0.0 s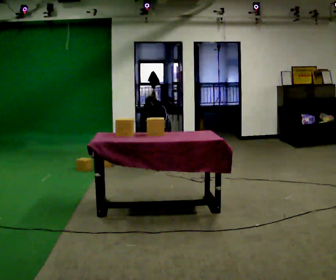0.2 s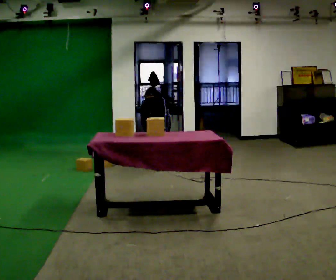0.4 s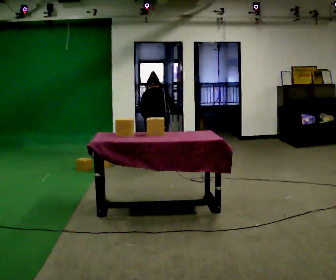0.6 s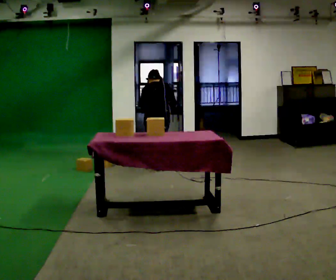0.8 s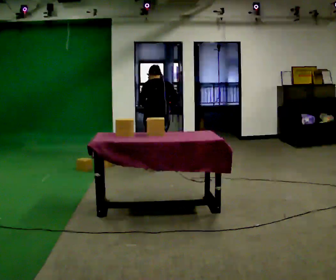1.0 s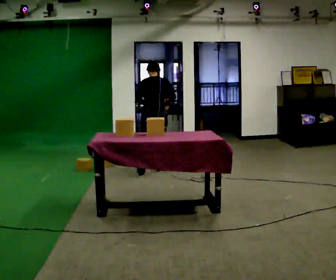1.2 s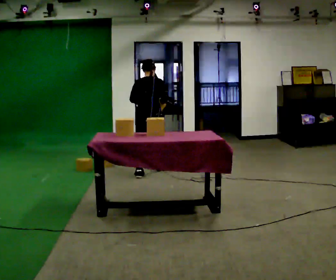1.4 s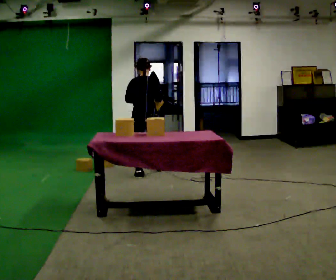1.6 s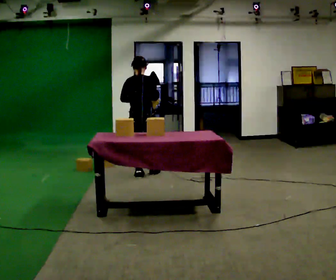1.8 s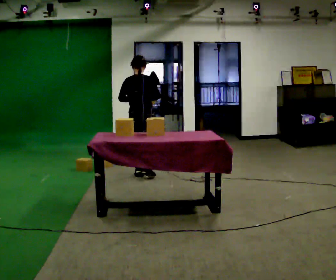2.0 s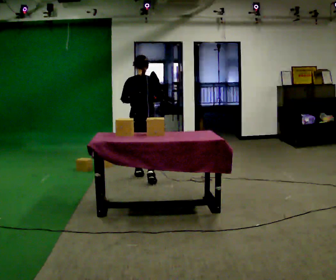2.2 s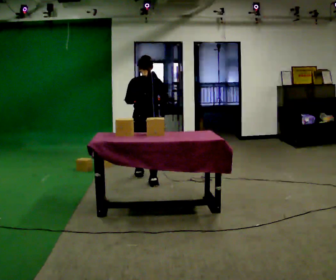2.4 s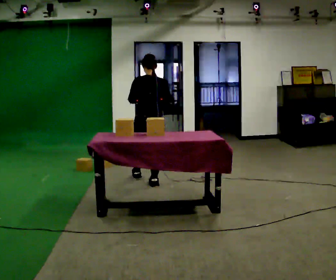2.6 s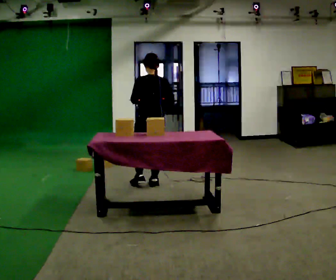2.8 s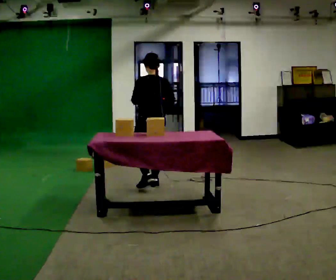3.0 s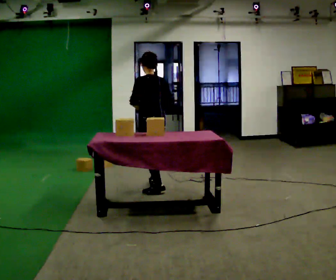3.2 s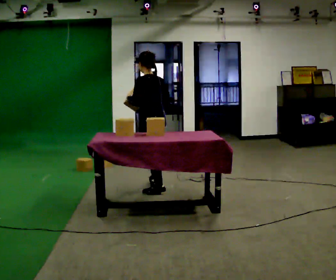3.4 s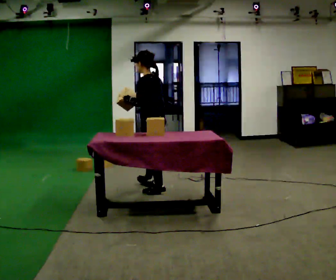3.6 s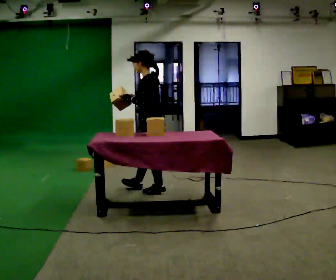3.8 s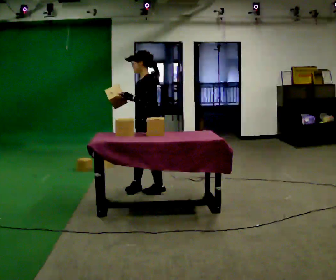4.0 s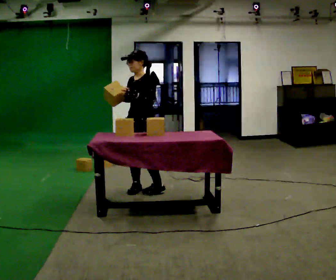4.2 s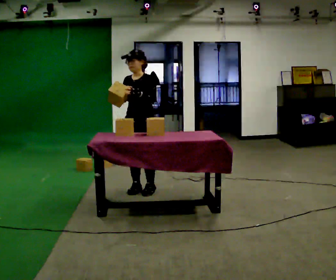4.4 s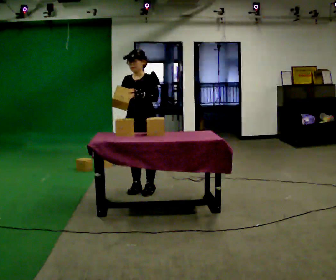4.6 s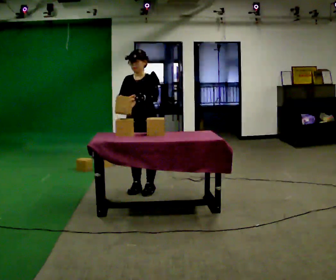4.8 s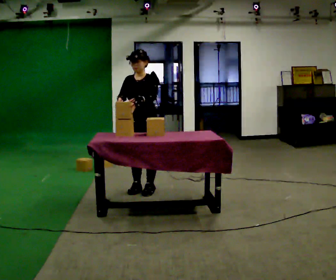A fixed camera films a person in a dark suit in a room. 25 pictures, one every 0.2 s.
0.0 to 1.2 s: The upper body goes upward. The upper body tips toward the camera, its near side rolling downward, as they lean back or straighten. In the picture their right hand goes upward.
1.2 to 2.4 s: In the picture they go toward the camera, about 0.5 m in 2 steps, which for them is backward.
2.4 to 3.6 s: Seen from above the body turns counterclockwise, about 75 degrees: to their left, with its near side sliding to the right. In the picture they go toward the camera, about 0.25 m in 1 step.
3.6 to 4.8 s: Seen from above the body turns counterclockwise, about 75 degrees: to their left, with its near side sliding to the right.
The film runs backward here.
